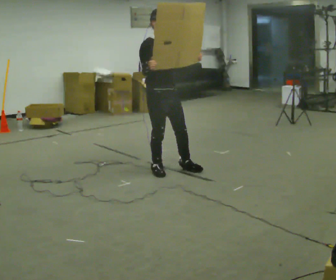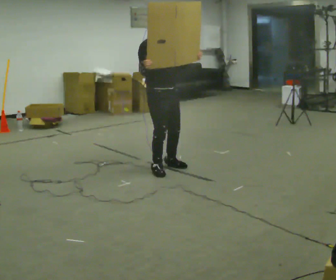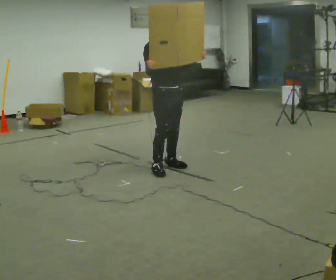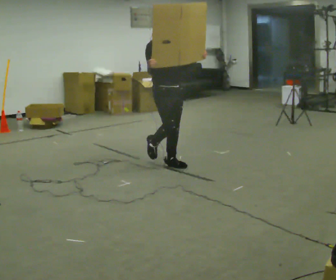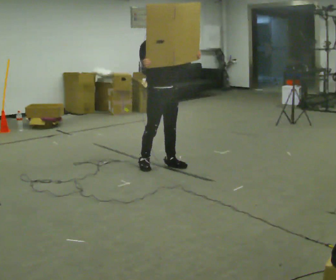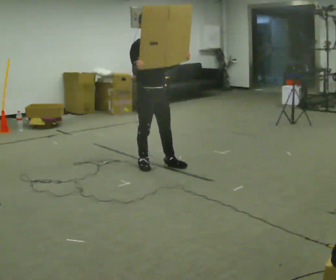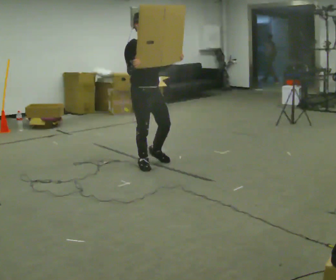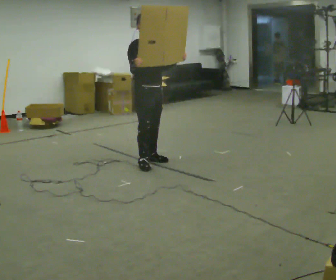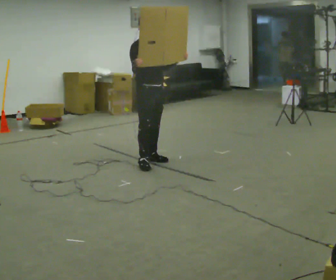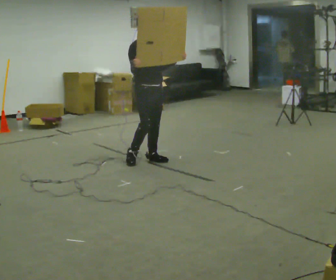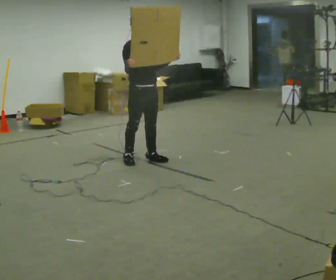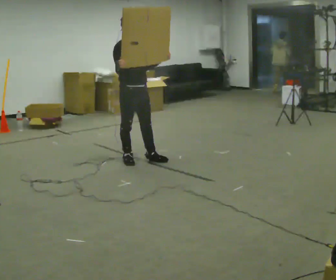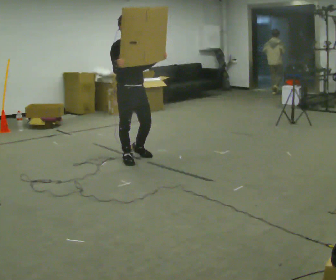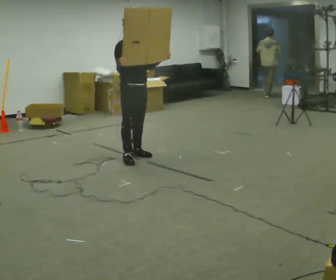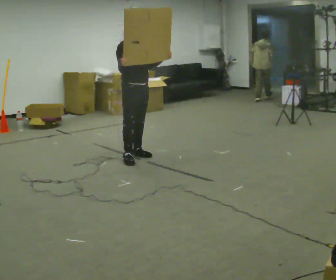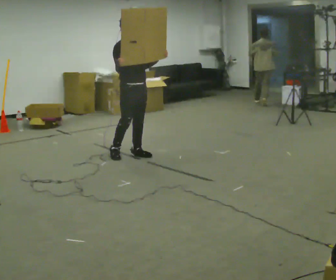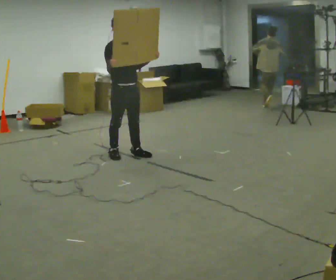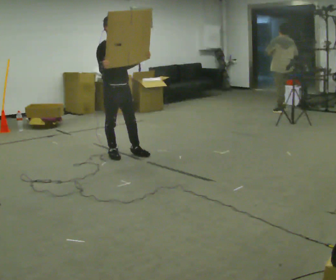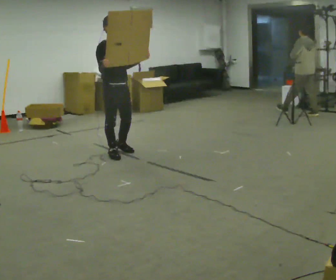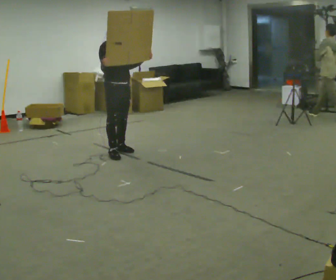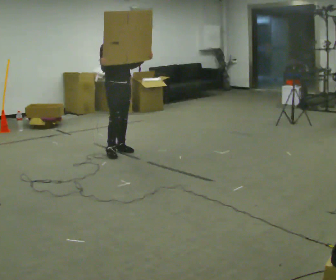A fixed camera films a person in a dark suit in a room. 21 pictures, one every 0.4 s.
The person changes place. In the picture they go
away from the camera.
0.0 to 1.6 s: In the picture they go away from the camera, about 0.25 m in 1 step, which for them is backward and to their left.
1.6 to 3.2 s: In the picture they go away from the camera, about 0.25 m in 1 step, which for them is backward.
3.2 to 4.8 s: In the picture they go to the left, about 0.25 m in 2 steps, which for them is backward and to their right.
4.8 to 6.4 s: In the picture they go away from the camera, about 0.25 m in 1 step, which for them is backward.
6.4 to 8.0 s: In the picture they go away from the camera, about 0.25 m in 2 steps, which for them is backward.
The film runs backward here.
